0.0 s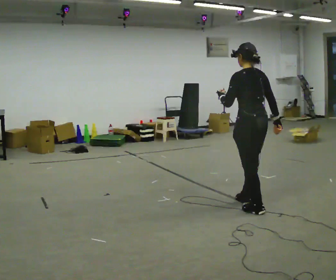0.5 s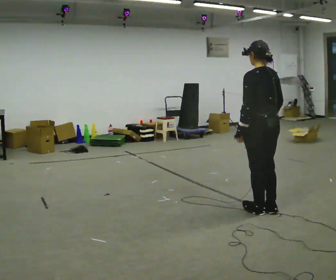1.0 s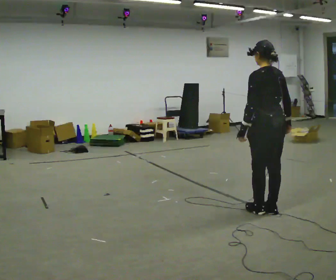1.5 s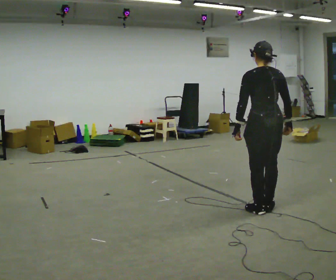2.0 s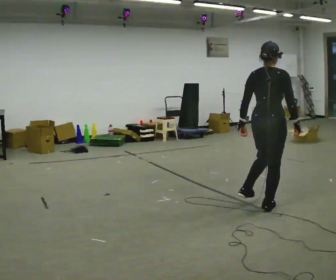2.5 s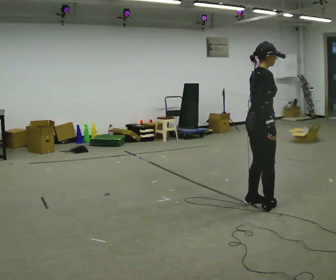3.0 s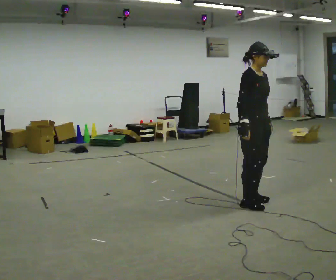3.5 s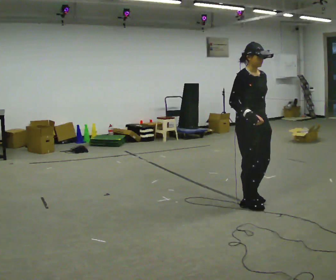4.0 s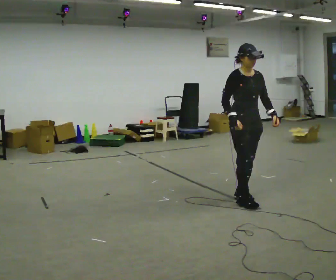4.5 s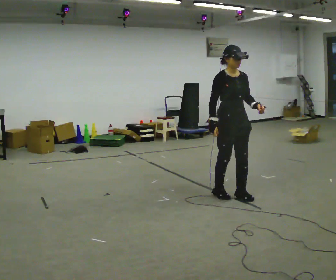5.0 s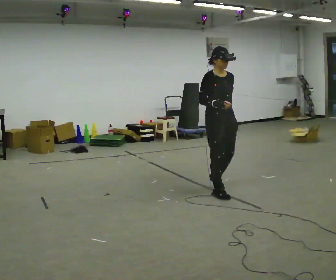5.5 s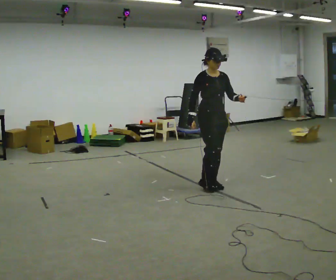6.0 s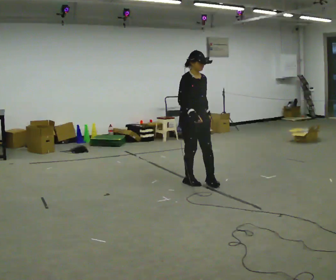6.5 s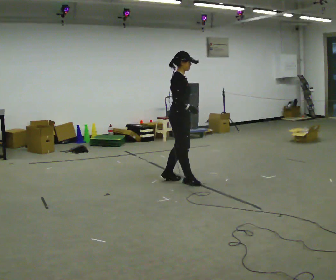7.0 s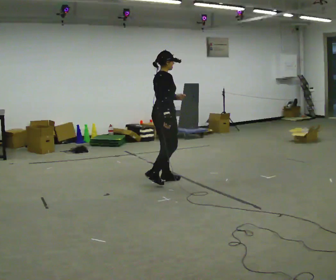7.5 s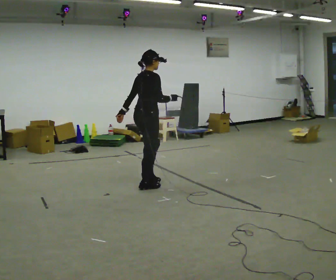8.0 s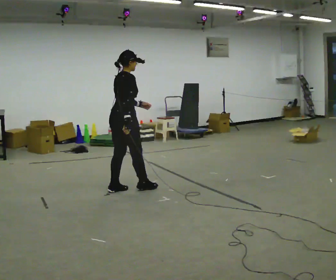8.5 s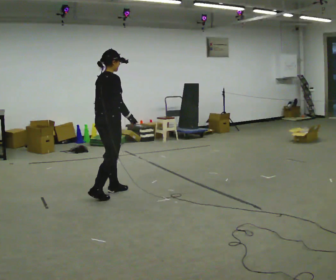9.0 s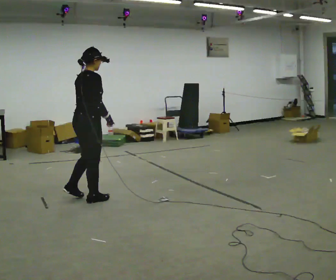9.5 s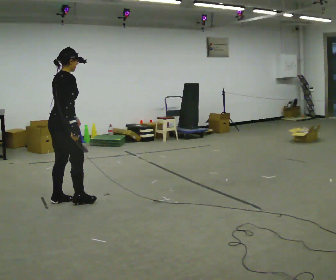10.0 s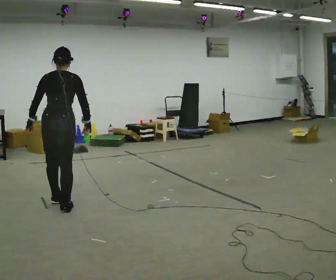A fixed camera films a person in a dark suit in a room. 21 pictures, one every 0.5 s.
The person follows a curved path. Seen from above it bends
counterclockwise.
The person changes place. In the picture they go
to the left.
0.0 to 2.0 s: Seen from above the body turns clockwise, about 75 degrees: to their right, with its near side sliding to the left.
2.0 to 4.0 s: The part of the body nearest the lens slides to the left as the person turns to their right by about 105 degrees. In the picture they go away from the camera and to the left, about 0.25 m in 3 steps.
4.0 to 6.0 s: In the picture they go away from the camera and to the left, about 1 m in 3 steps, which for them is backward.
6.0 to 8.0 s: Seen from above the body turns counterclockwise, about 75 degrees: to their left, with its near side sliding to the right. In the picture they go to the left and toward the camera, about 1 m in 3 steps.
8.0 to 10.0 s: The part of the body nearest the lens slides to the right as the person turns to their left by about 60 degrees. In the picture they go toward the camera and to the left, about 1 m in 3 steps.
The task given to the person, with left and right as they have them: Walk backward several steps, then turn while still moving backward, then continue backward. Operator confirms the space behind you is clear.
The film runs forward here.
